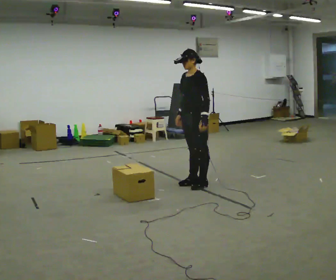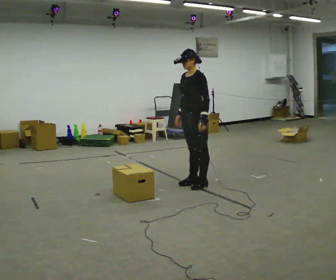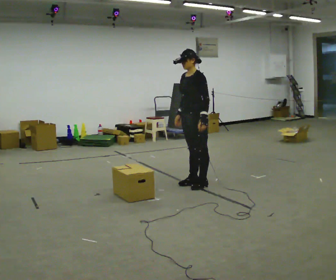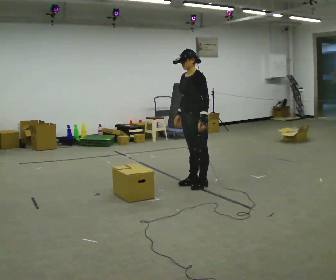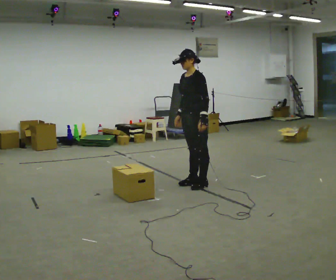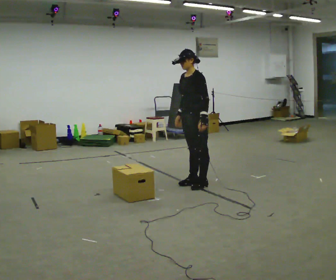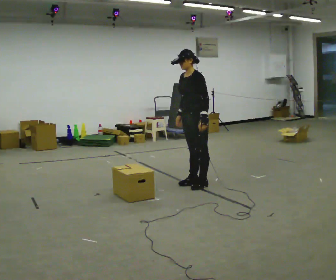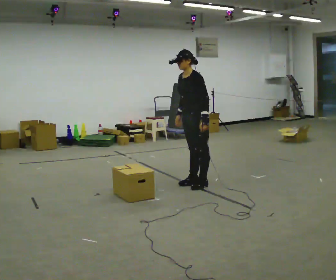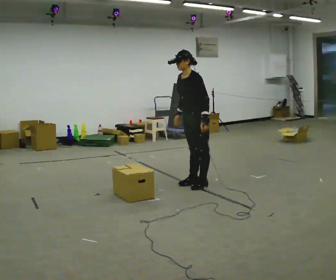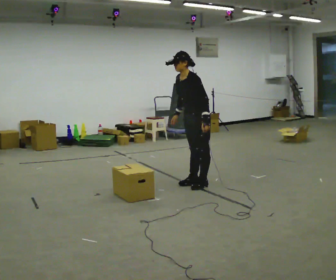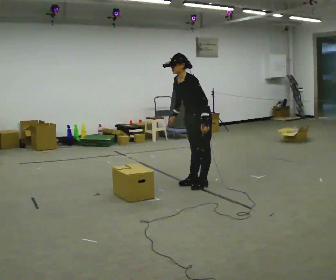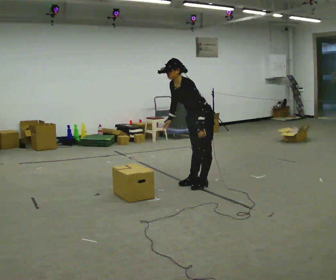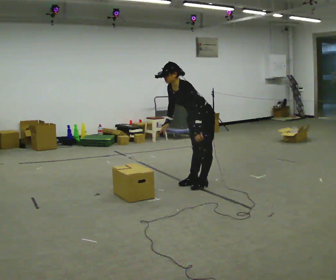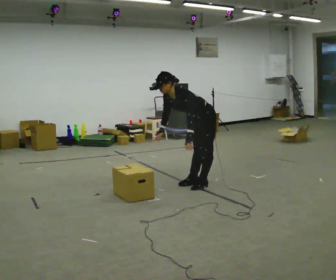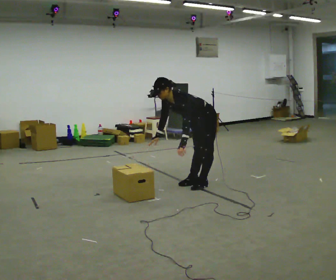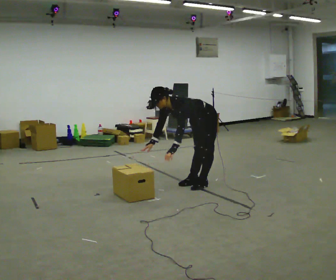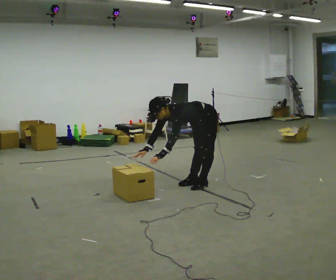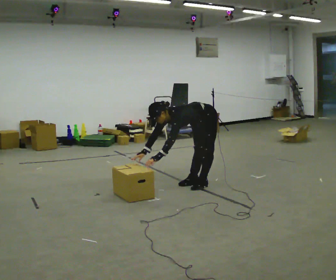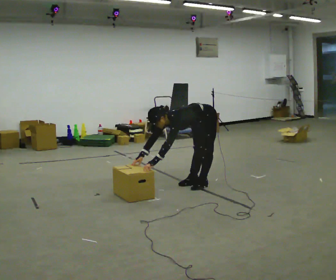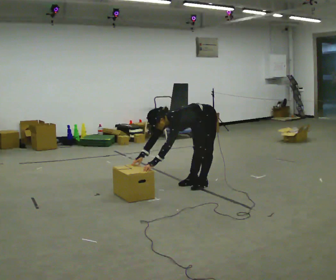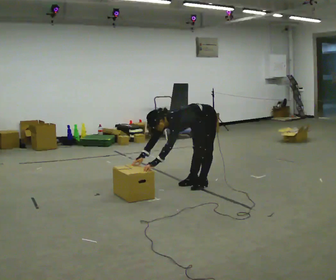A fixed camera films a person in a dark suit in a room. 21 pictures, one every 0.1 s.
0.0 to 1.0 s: In the picture the upper body tilts counterclockwise, shoulders to the left, as they bend forward.
1.0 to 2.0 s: The shoulders move downward. In the picture the upper body tilts counterclockwise, shoulders to the left, as they bend forward. In the picture their left hand goes to the left and downward, the arm swinging clockwise.
The film runs backward here.
